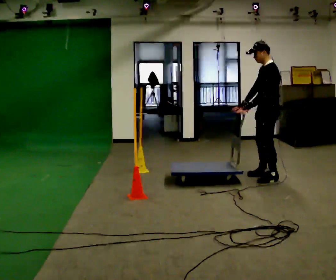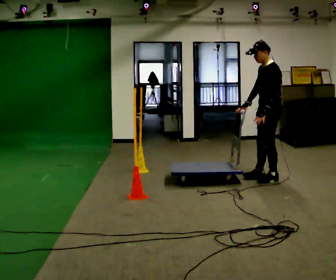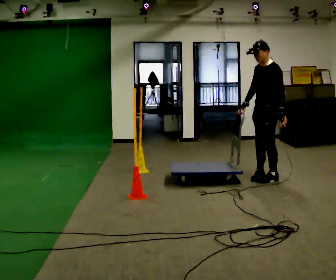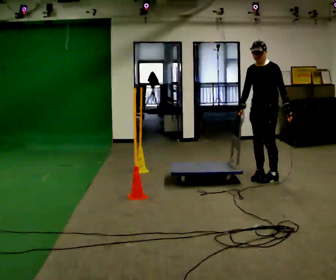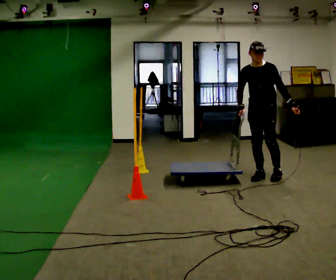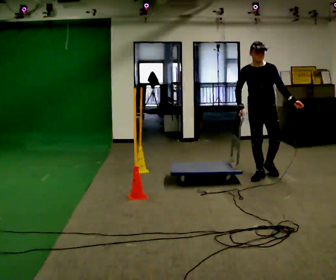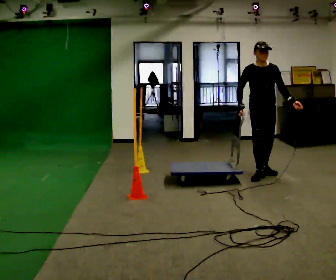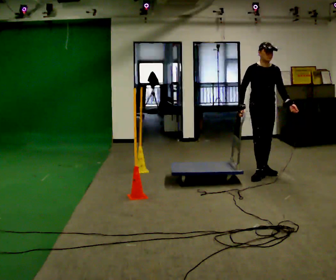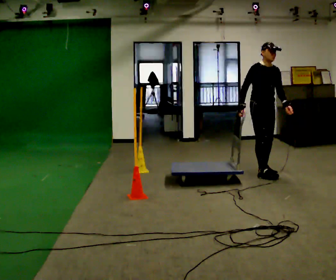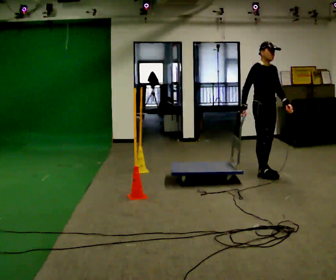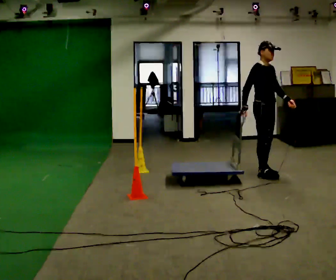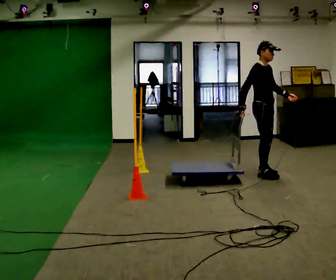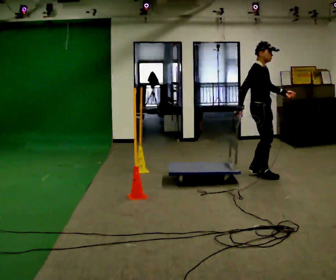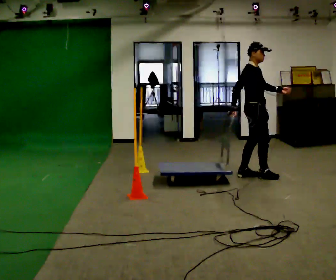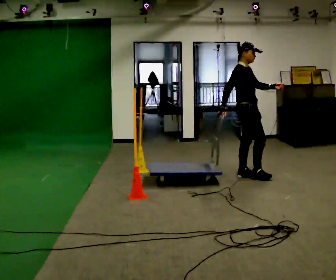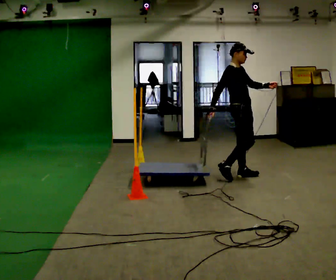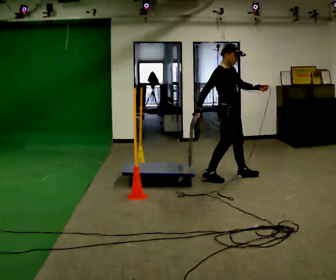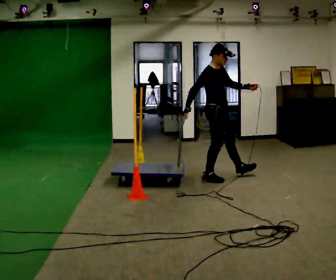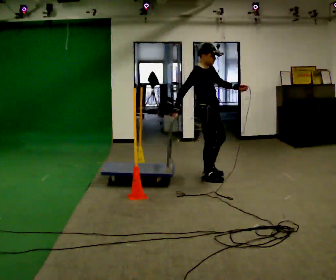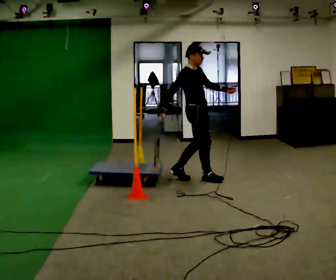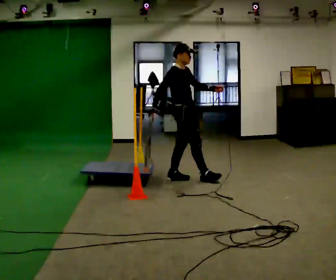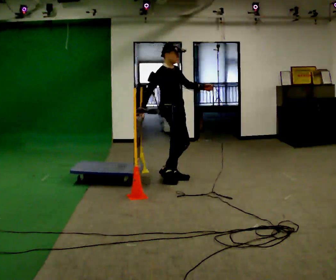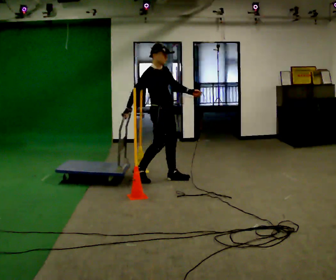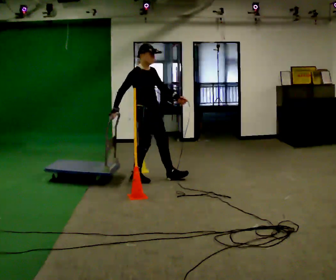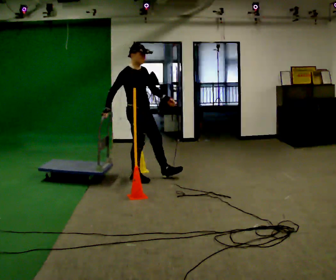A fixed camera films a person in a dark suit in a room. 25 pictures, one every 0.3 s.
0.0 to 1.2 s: The part of the body nearest the lens slides to the right as the person turns to their left by about 60 degrees. In the picture their left hand goes to the right, the arm swinging counterclockwise.
1.2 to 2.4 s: Seen from above the body turns counterclockwise, about 60 degrees: to their left, with its near side sliding to the right. In the picture they go away from the camera, about 0.25 m, which for them is backward.
2.4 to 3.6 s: The person turns about 45 degrees to their left, counterclockwise seen from above, so the part of the body nearest the lens slides to the right.
3.6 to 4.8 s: In the picture they go to the left, about 0.5 m in 1 step, which for them is backward.
4.8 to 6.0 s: In the picture they go to the left, about 0.5 m in 2 steps, which for them is backward.
6.0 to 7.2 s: In the picture they go to the left, about 0.5 m in 1 step, which for them is backward and to their right.
The film runs backward here.
